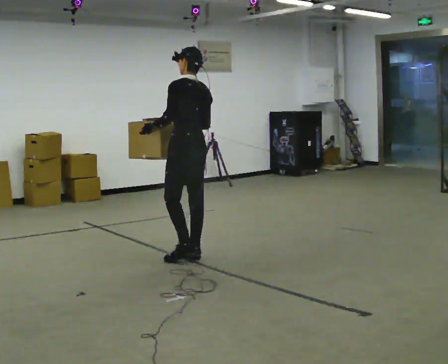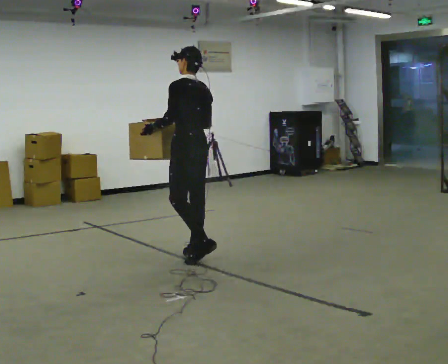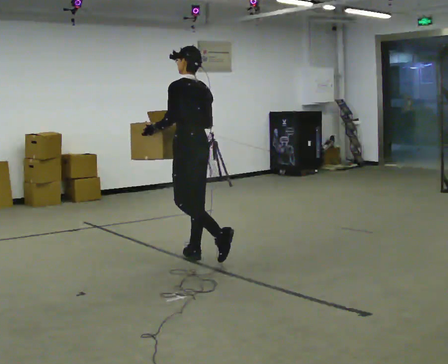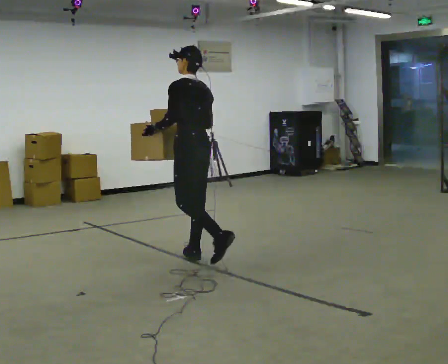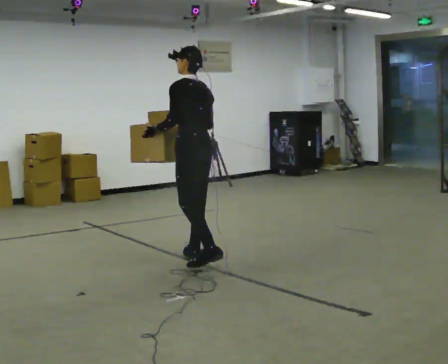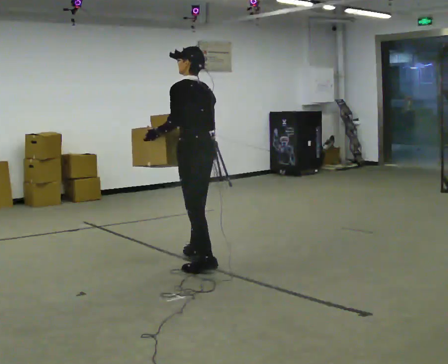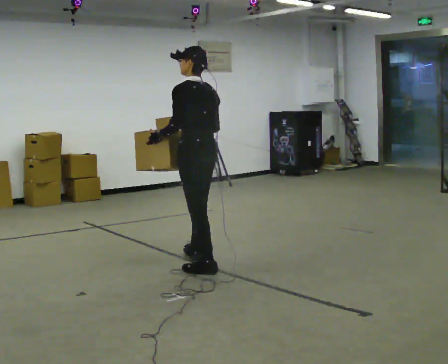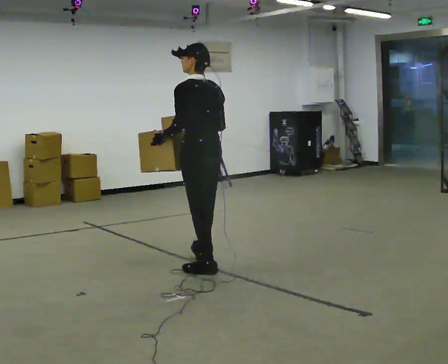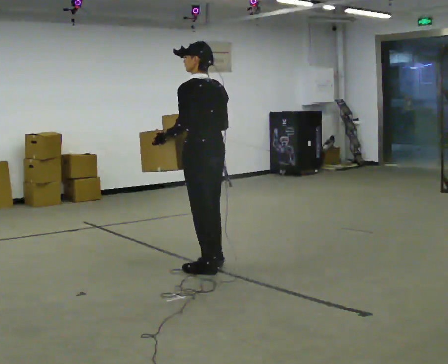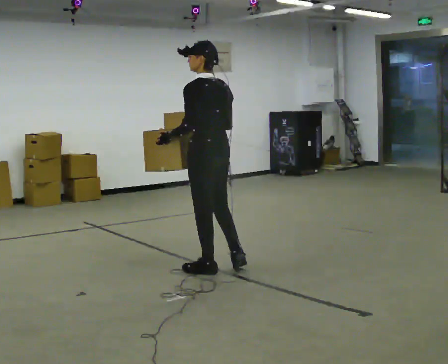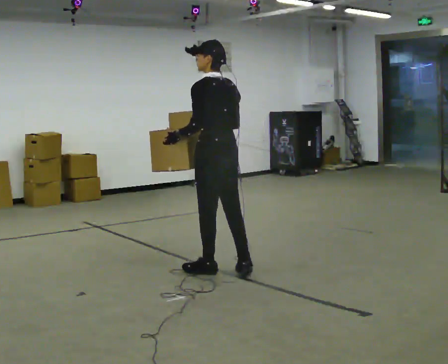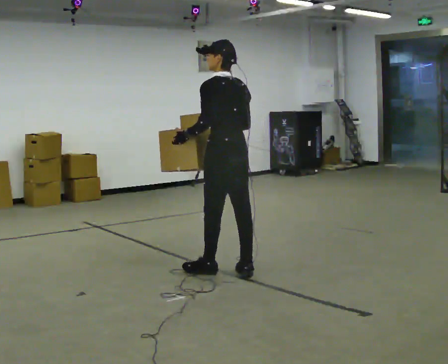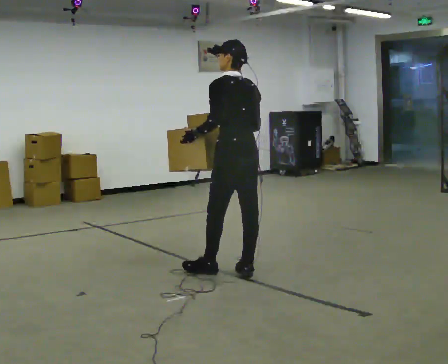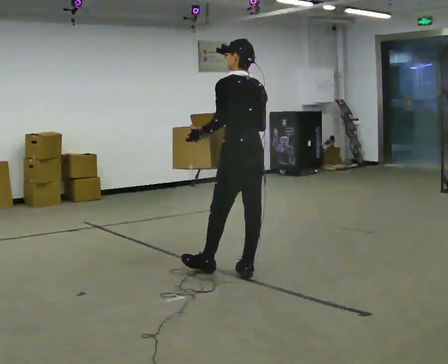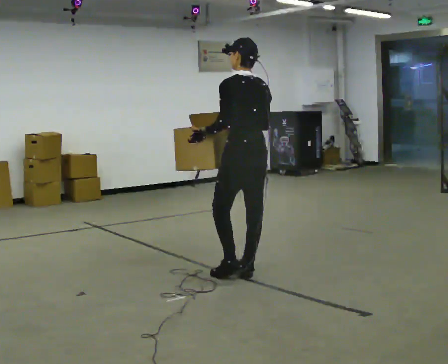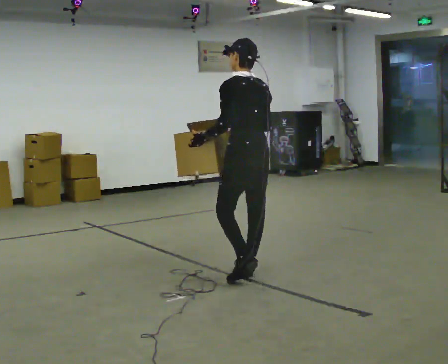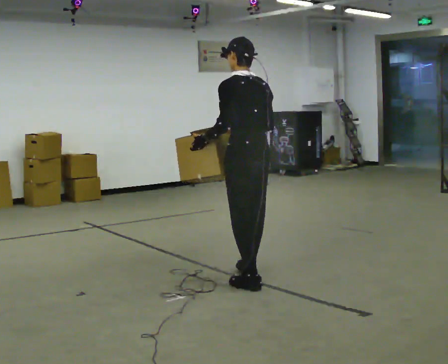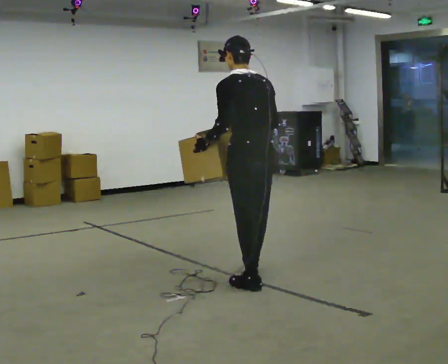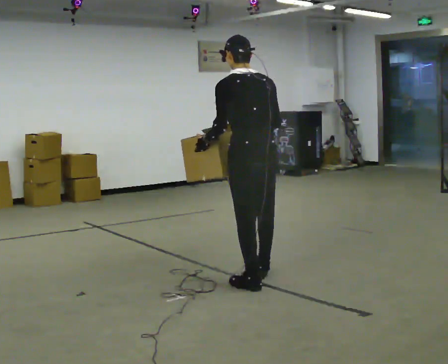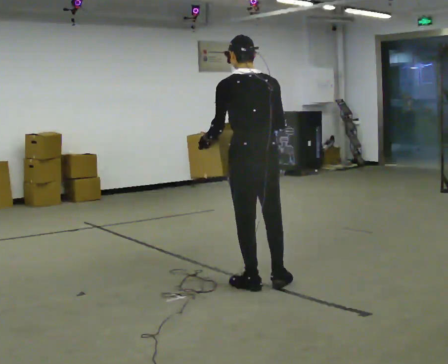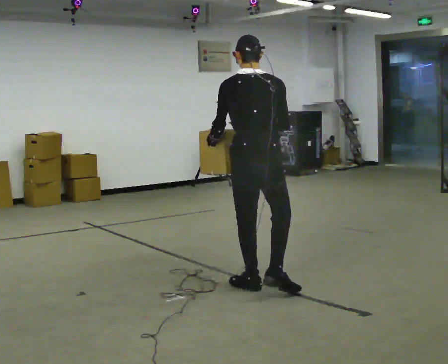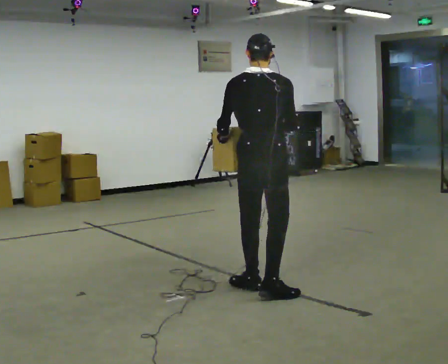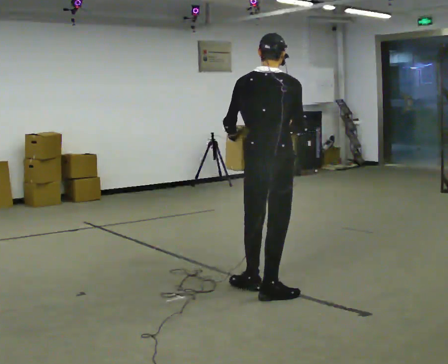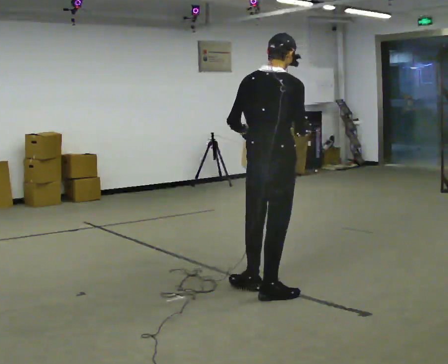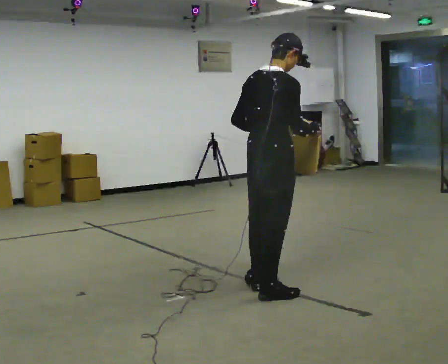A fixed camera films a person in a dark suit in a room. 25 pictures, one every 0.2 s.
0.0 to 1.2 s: In the picture they go toward the camera, about 0.25 m, which for them is backward and to their left.
1.2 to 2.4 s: In the picture they go to the right and toward the camera, about 0.5 m in 1 step, which for them is backward.
2.4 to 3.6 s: In the picture they go toward the camera, about 0.25 m in 2 steps, which for them is backward.
3.6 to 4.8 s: The person turns about 60 degrees to their right, clockwise seen from above, so the part of the body nearest the lens slides to the left. In the picture they go toward the camera, about 0.25 m.
The film runs backward here.
